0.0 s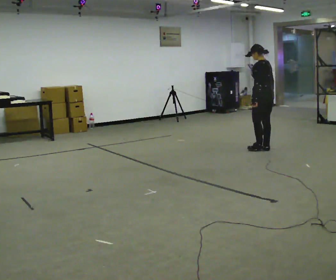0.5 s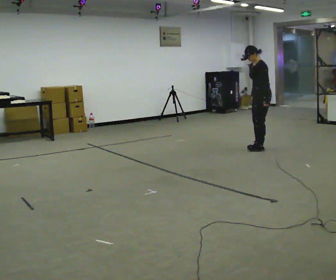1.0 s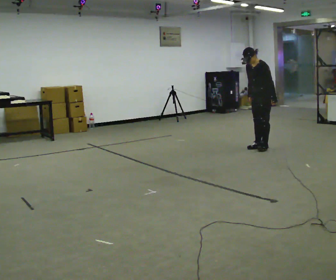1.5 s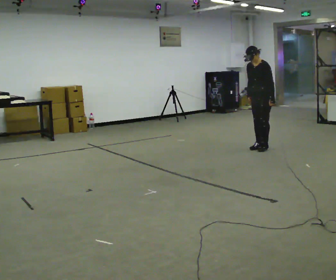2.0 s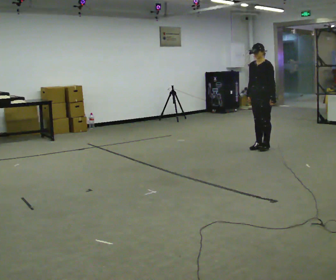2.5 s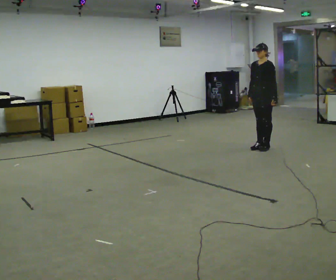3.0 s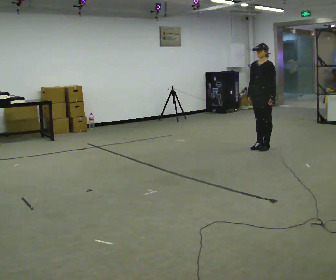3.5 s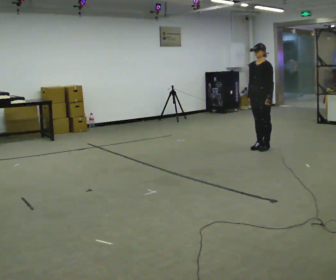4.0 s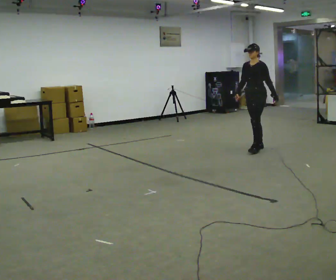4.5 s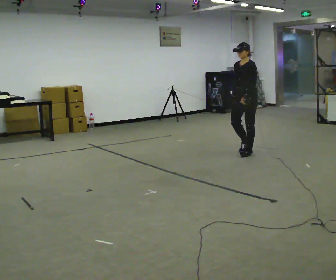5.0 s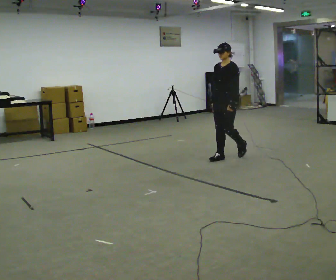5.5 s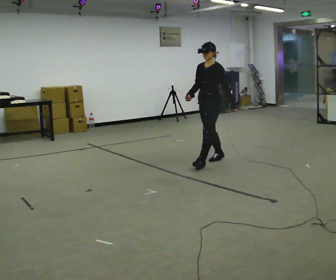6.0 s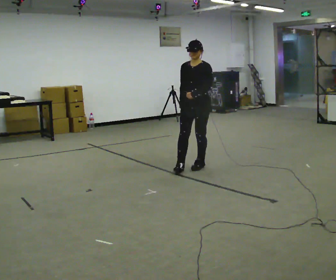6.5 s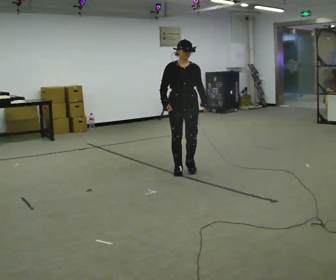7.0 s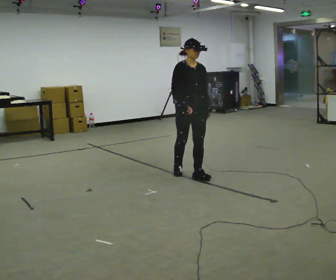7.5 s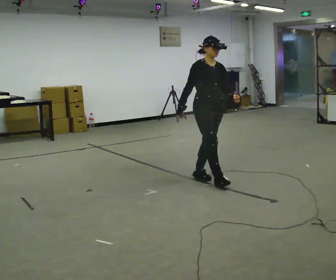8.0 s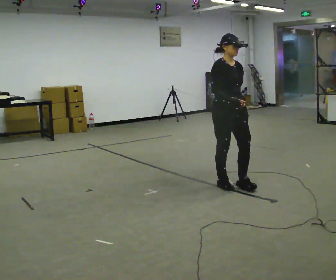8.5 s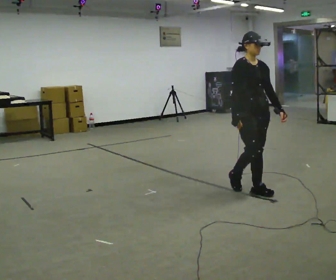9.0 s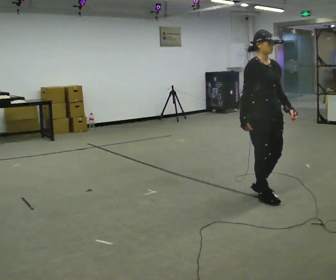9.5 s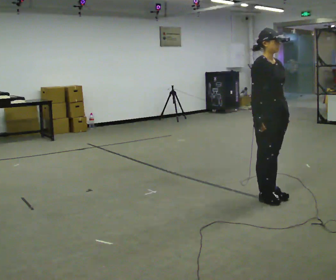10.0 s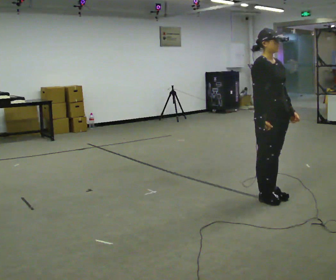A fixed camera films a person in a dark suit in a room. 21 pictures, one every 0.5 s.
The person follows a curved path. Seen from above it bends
counterclockwise.
The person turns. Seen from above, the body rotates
counterclockwise.
0.0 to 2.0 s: The part of the body nearest the lens slides to the right as the person turns to their left by about 90 degrees. In the picture their right hand goes to the left.
2.0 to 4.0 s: The person moves a little, or ends about where they began.
4.0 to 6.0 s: The part of the body nearest the lens slides to the right as the person turns to their left by about 30 degrees. In the picture they go toward the camera and to the left, about 1.5 m in 3 steps, which for them is forward.
6.0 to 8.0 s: The part of the body nearest the lens slides to the right as the person turns to their left by about 60 degrees. In the picture they go toward the camera and to the right, about 1 m in 3 steps.
8.0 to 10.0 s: In the picture they go toward the camera and to the right, about 0.5 m in 3 steps, which for them is forward.
The film runs forward here.
